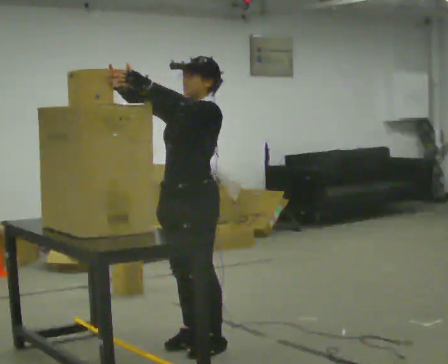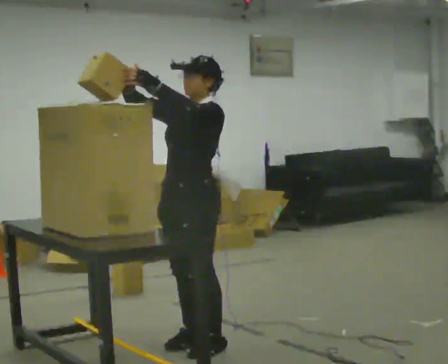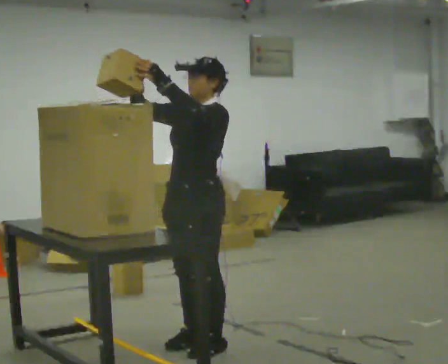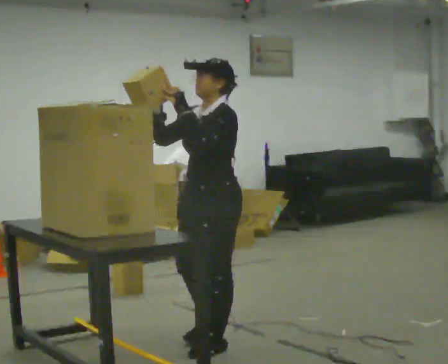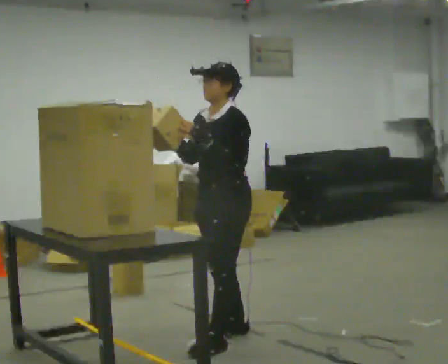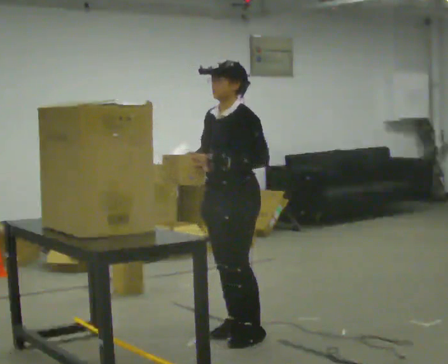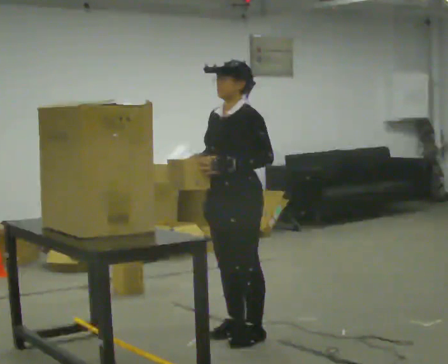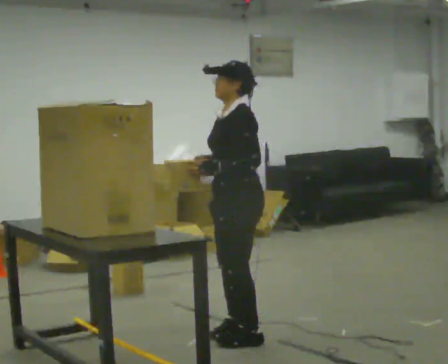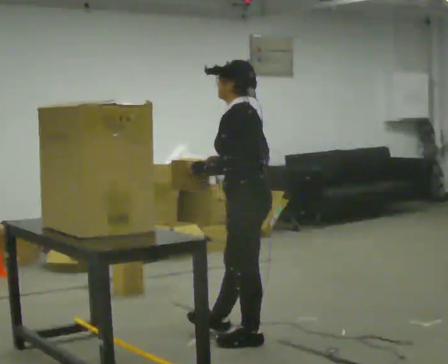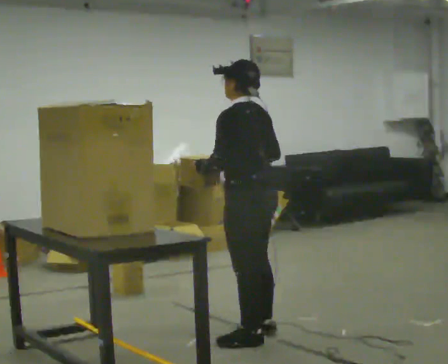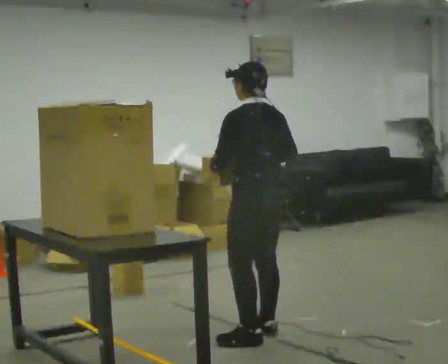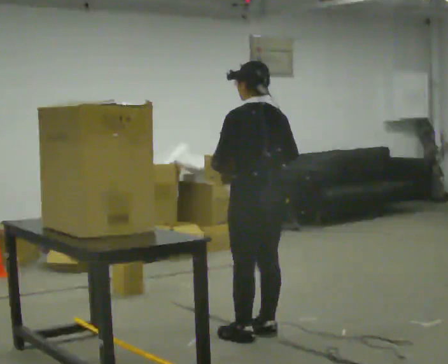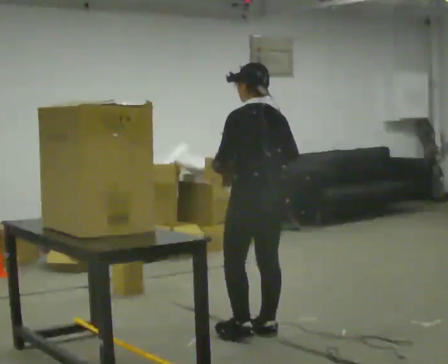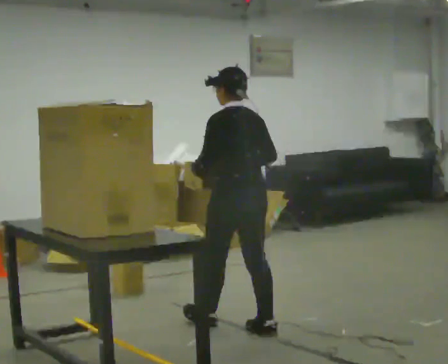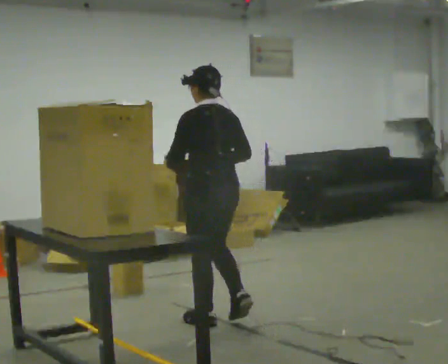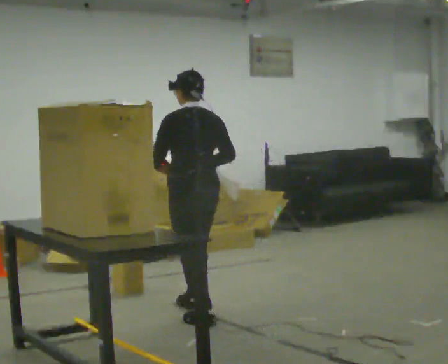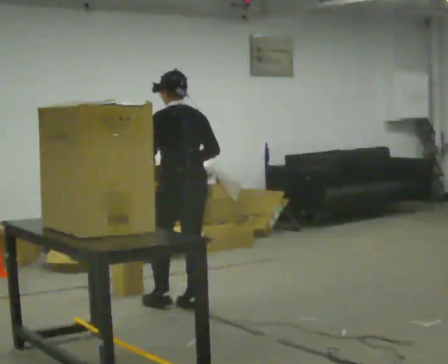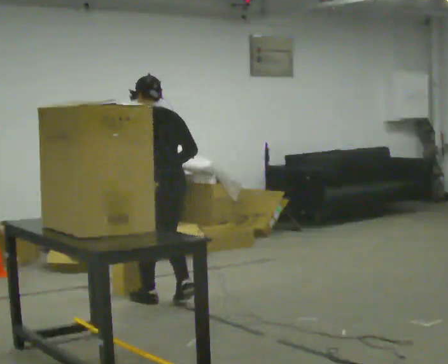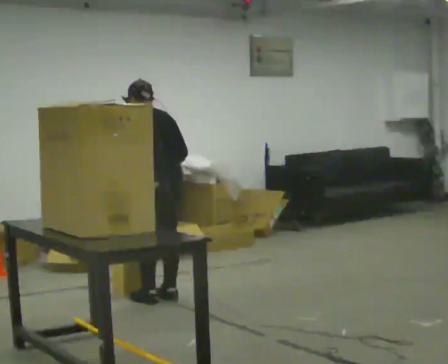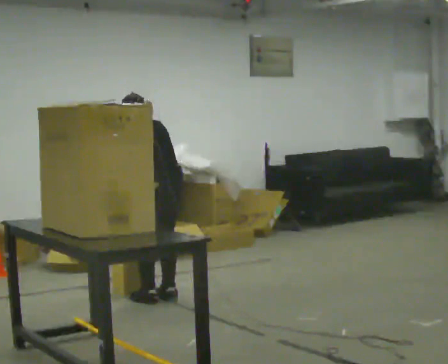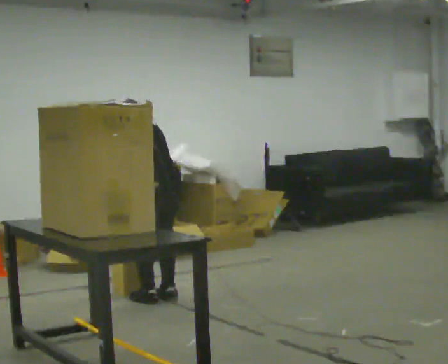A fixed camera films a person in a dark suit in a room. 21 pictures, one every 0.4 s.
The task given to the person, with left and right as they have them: Take an object down from the highest shelf you can comfortably reach, carry it across the room, and set it on the floor. Keep going until the operator says stop; one object at a time, and do not rush between trips.
0.0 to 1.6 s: In the picture they go away from the camera and to the right, about 0.25 m in 1 step, which for them is backward. In the picture their right hand goes downward.
1.6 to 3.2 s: The part of the body nearest the lens slides to the left as the person turns to their right by about 45 degrees.
3.2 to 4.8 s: The part of the body nearest the lens slides to the left as the person turns to their right by about 45 degrees. In the picture they go away from the camera, about 0.25 m in 1 step, which for them is to their right.
4.8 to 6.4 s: In the picture they go away from the camera and to the left, about 1 m in 2 steps, which for them is forward.
6.4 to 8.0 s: In the picture they go to the left and away from the camera, about 0.25 m in 2 steps, which for them is forward. The upper body tips away from the camera, its near side rolling upward, as they bend forward.
The film runs forward here.
